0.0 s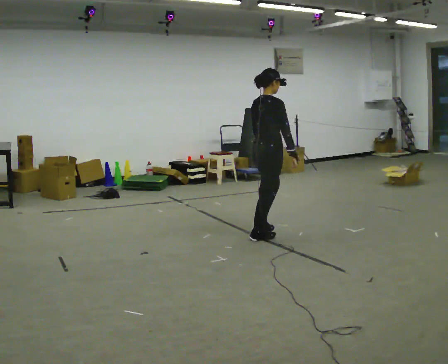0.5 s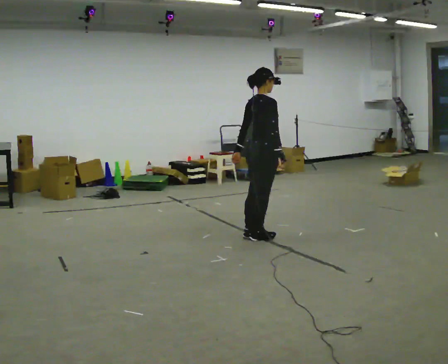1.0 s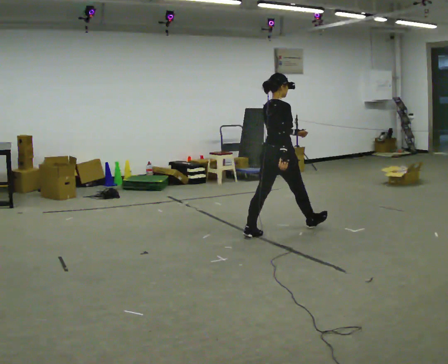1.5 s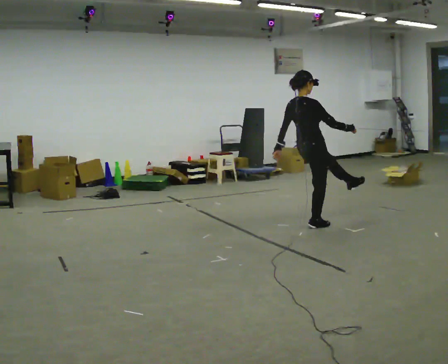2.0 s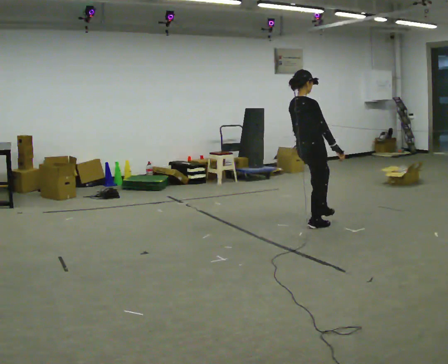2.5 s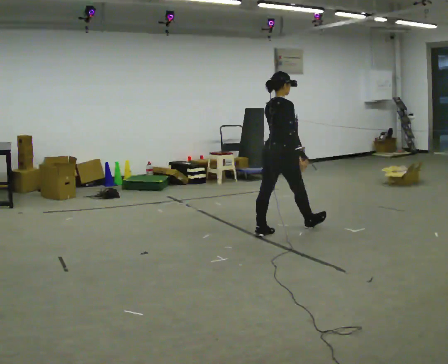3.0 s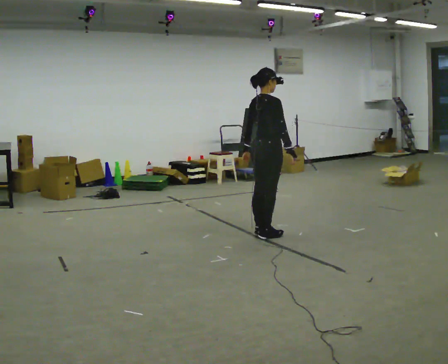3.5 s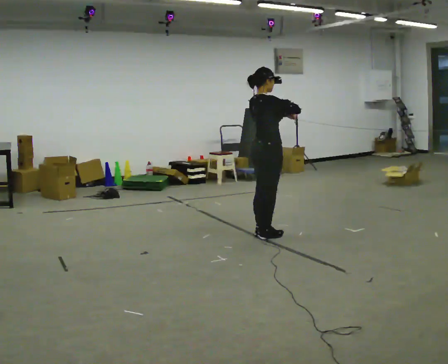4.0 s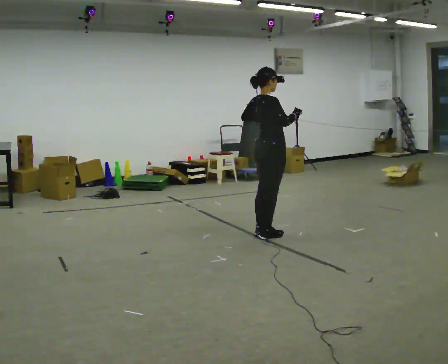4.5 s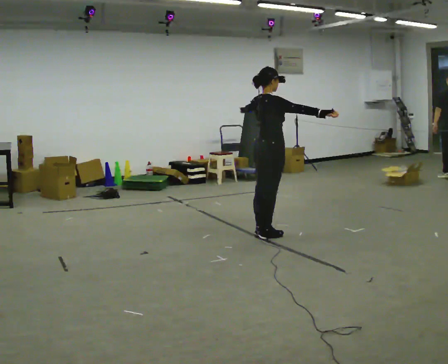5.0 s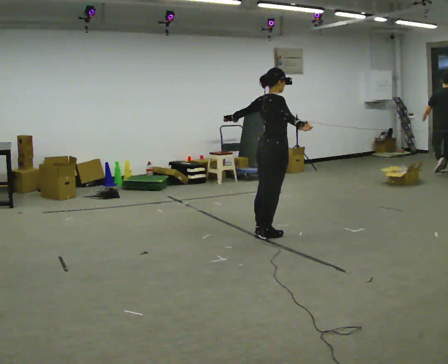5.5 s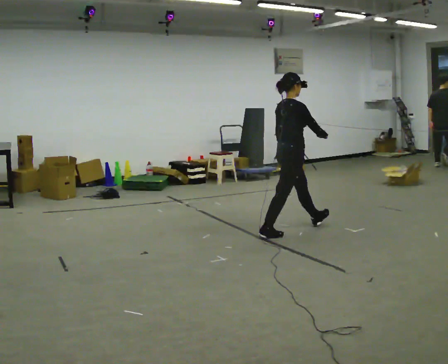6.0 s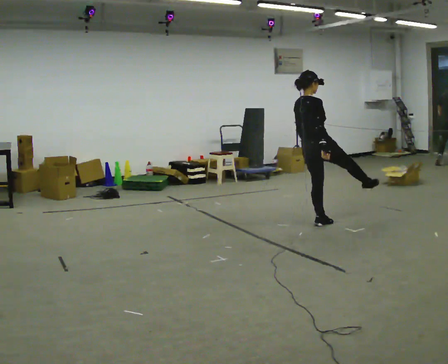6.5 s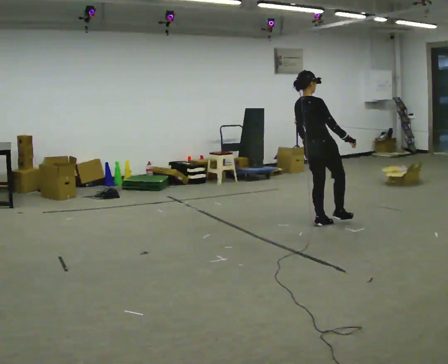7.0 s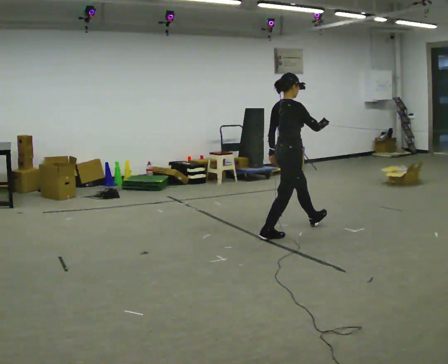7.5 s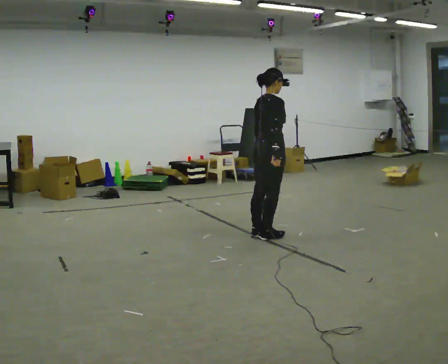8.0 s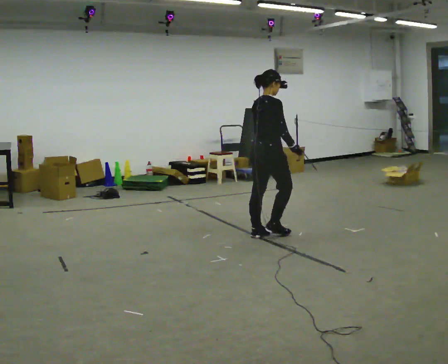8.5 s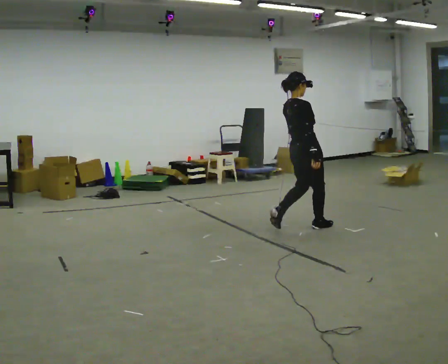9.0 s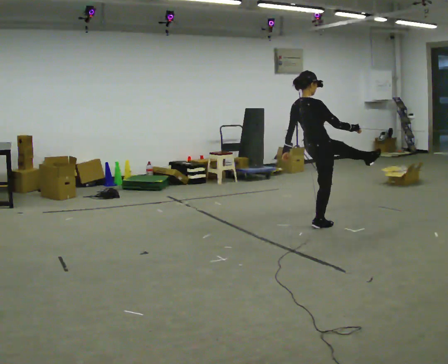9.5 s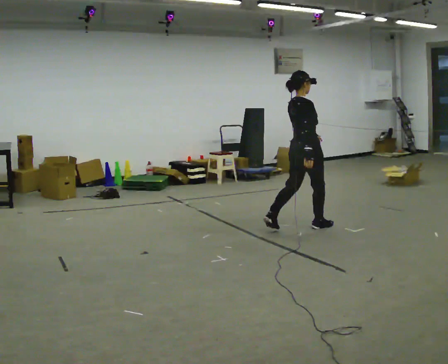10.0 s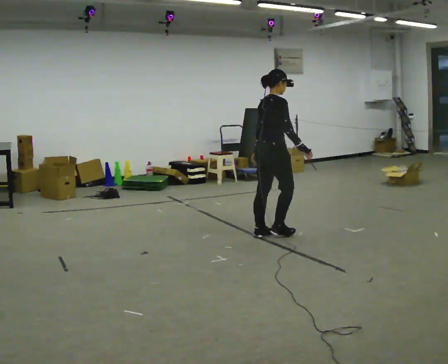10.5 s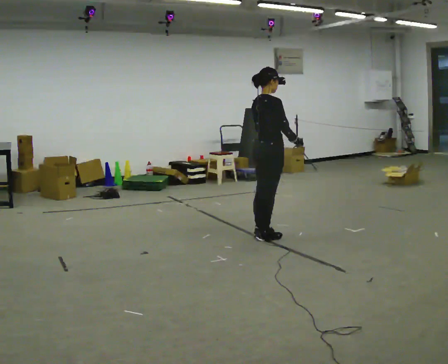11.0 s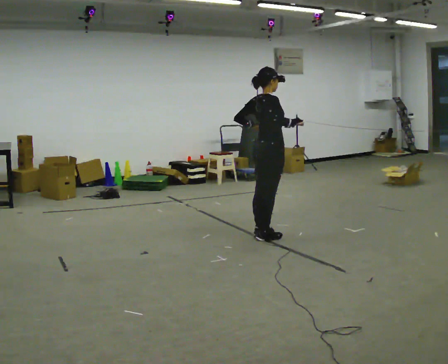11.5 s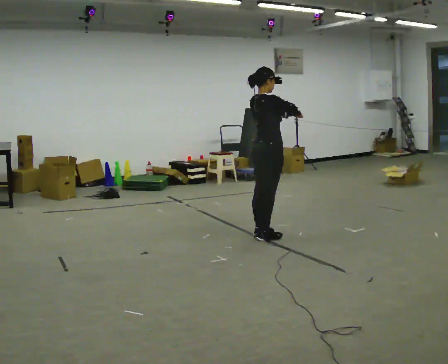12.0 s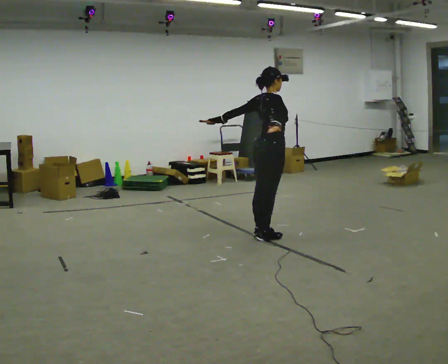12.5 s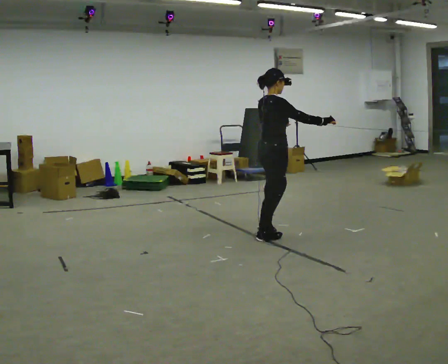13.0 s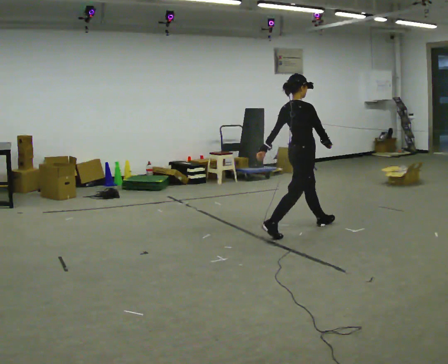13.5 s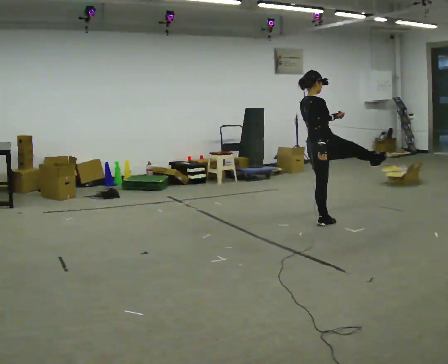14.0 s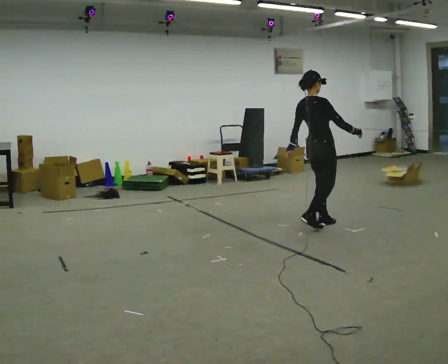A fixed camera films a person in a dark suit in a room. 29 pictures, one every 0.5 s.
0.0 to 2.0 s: In the picture they go to the right and away from the camera, about 0.5 m in 2 steps, which for them is forward.
2.0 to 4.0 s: In the picture they go to the left and toward the camera, about 0.5 m in 1 step, which for them is backward. In the picture their right hand goes upward.
4.0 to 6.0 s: In the picture they go to the right and away from the camera, about 0.5 m in 1 step, which for them is forward. In the picture their right hand goes downward.
6.0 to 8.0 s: In the picture they go to the left and toward the camera, about 0.5 m in 3 steps, which for them is backward.
8.0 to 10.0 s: The person moves a little, or ends about where they began.
10.0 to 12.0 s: In the picture their right hand goes to the left.
12.0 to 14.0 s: In the picture they go to the right and away from the camera, about 0.5 m in 2 steps, which for them is forward.
The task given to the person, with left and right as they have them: Dance freely at a fast tempo as if to upbeat music; keep moving continuously.
The film runs forward here.
